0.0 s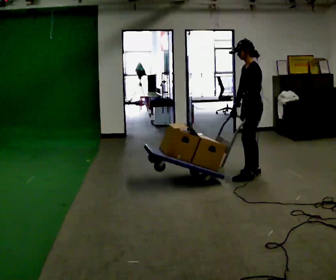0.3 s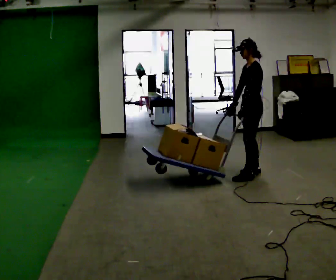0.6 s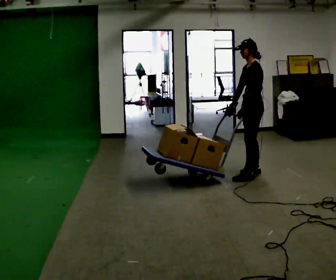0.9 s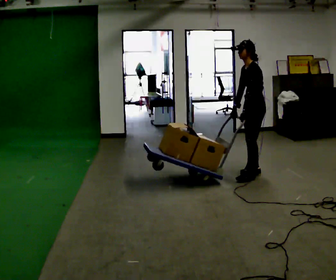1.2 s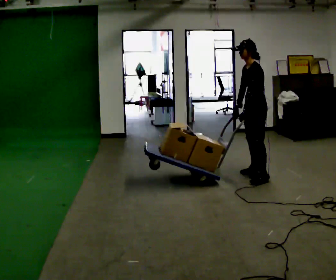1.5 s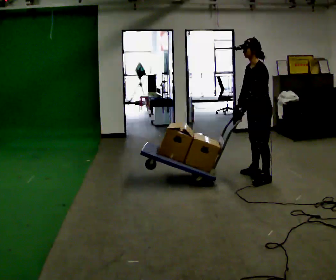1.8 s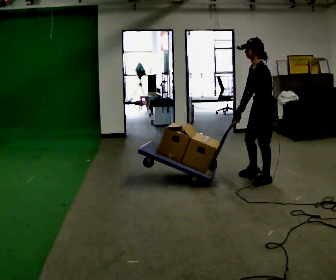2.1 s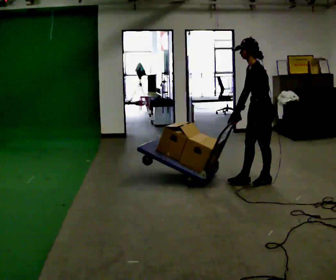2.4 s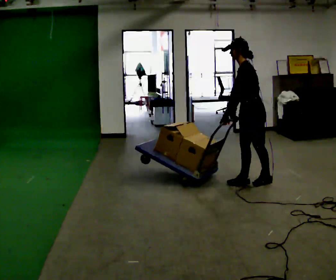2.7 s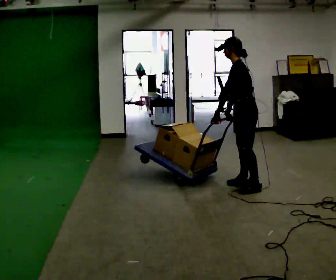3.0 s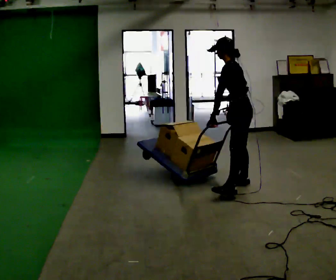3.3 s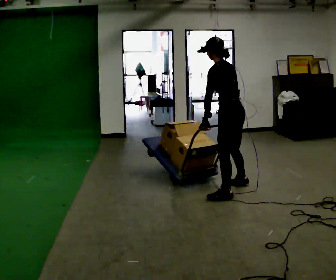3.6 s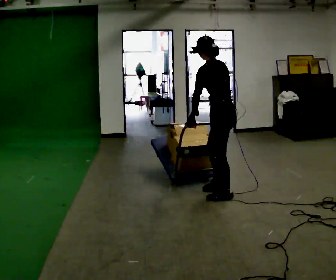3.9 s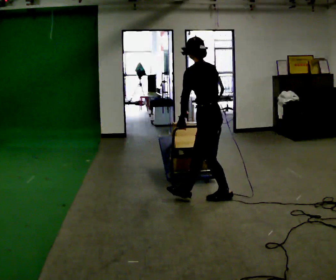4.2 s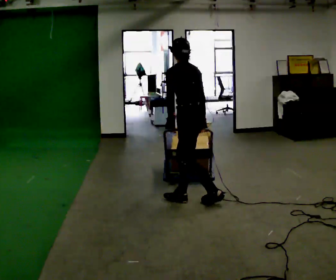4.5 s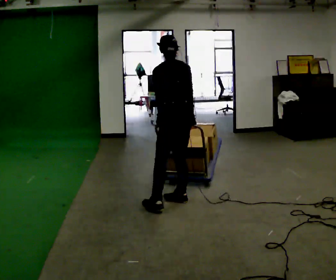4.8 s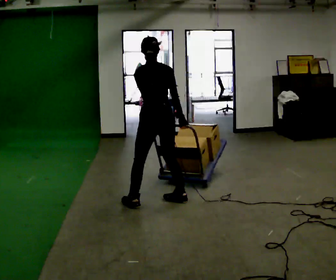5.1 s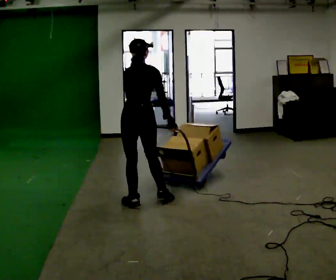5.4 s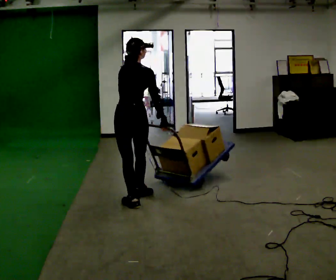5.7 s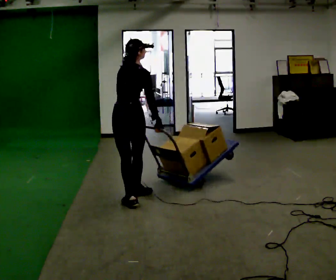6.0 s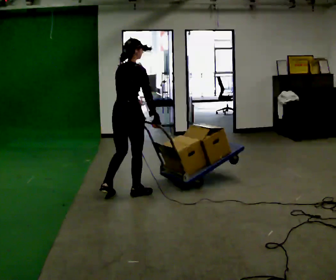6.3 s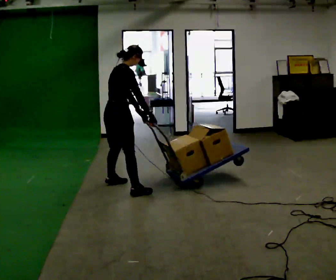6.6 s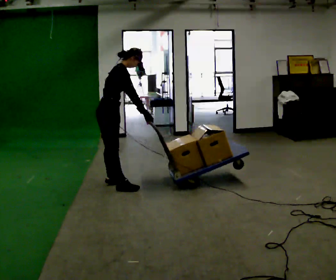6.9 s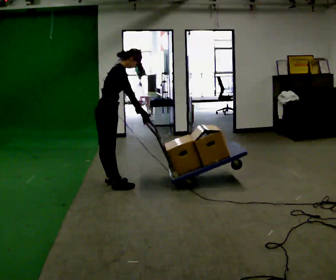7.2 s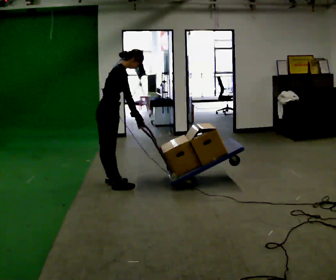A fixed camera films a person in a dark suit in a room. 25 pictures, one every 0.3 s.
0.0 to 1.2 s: The person moves a little, or ends about where they began.
1.2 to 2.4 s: In the picture they go toward the camera, about 0.25 m in 2 steps, which for them is to their left.
2.4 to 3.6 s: The part of the body nearest the lens slides to the left as the person turns to their right by about 45 degrees. In the picture they go toward the camera and to the left, about 0.5 m in 1 step, which for them is to their left and forward.
3.6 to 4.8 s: The person turns about 45 degrees to their right, clockwise seen from above, so the part of the body nearest the lens slides to the left. In the picture they go to the left, about 0.75 m in 2 steps, which for them is to their left and forward.
4.8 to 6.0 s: The part of the body nearest the lens slides to the left as the person turns to their right by about 30 degrees. In the picture they go to the left and away from the camera, about 0.5 m in 1 step, which for them is to their left and forward. In the picture the upper body tilts clockwise, shoulders to the right.
6.0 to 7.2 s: Seen from above the body turns clockwise, about 45 degrees: to their right, with its near side sliding to the left. In the picture they go away from the camera and to the left, about 0.5 m in 2 steps, which for them is to their left and backward. In the picture the upper body tilts clockwise, shoulders to the right, as they bend forward.
The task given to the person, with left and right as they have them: Turn the cart round to face the other way without moving it out of the marked square, then turn it back. Repeat until the operator says stop.
The film runs forward here.
